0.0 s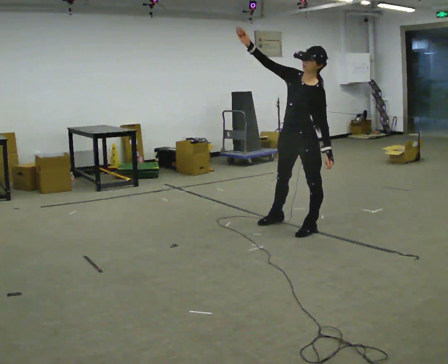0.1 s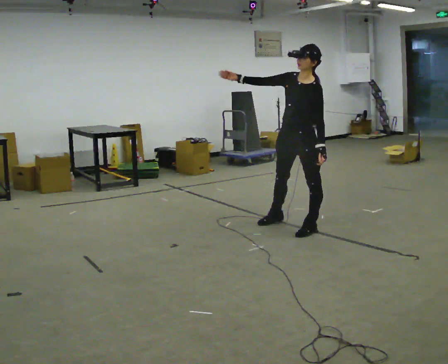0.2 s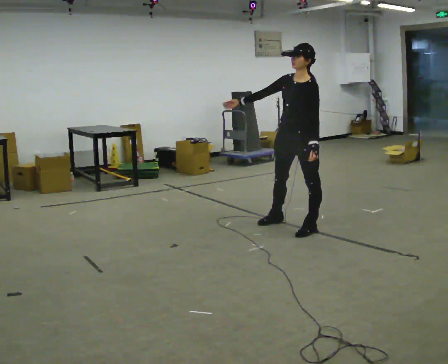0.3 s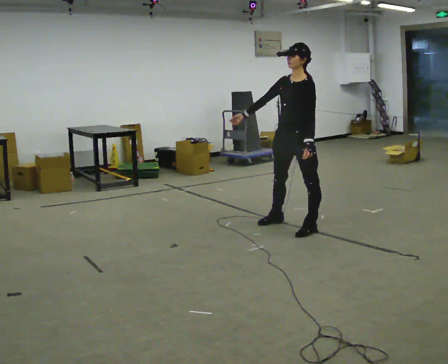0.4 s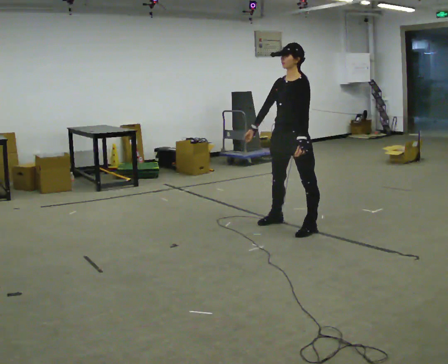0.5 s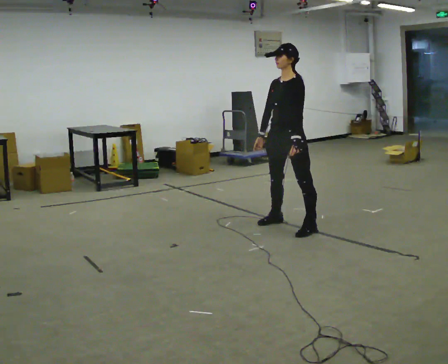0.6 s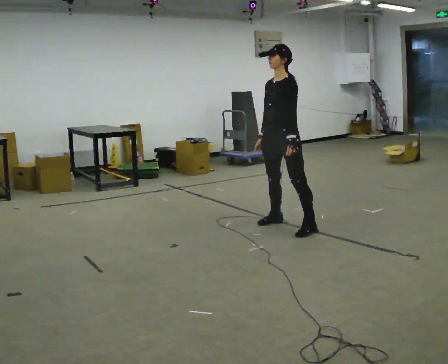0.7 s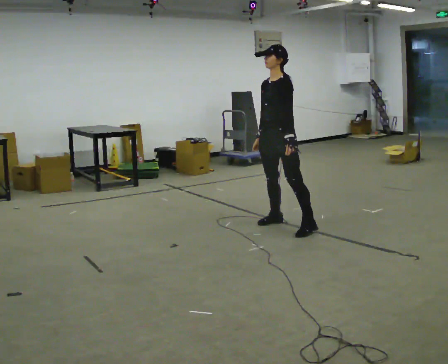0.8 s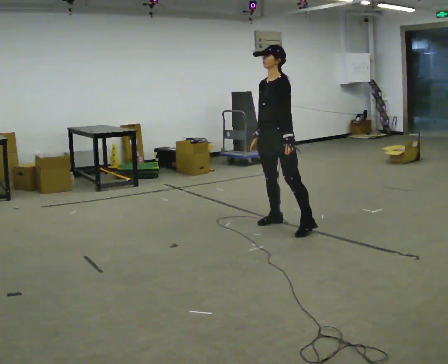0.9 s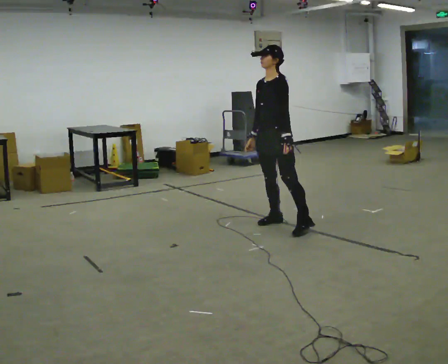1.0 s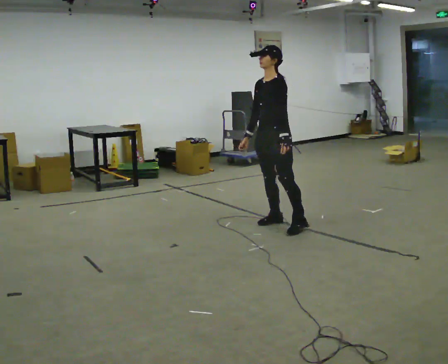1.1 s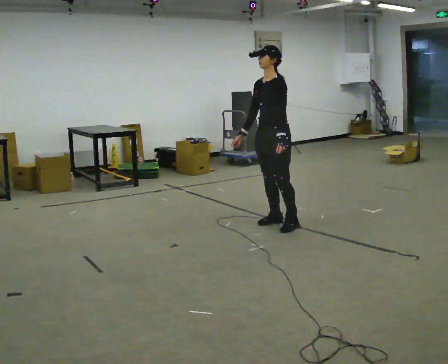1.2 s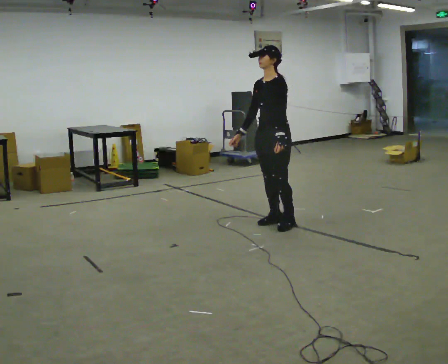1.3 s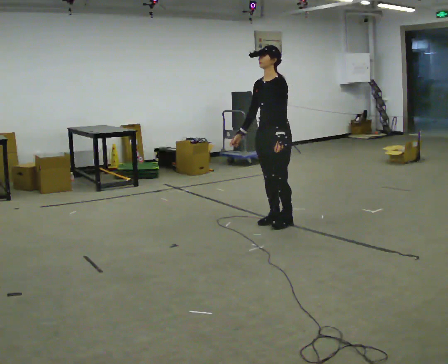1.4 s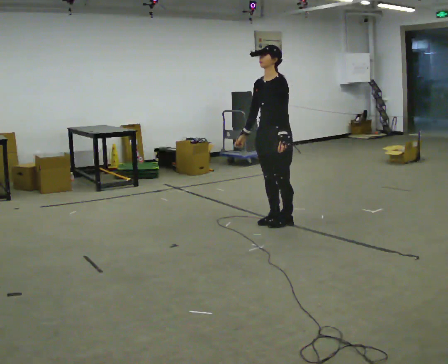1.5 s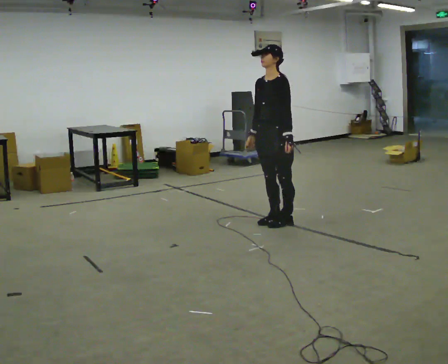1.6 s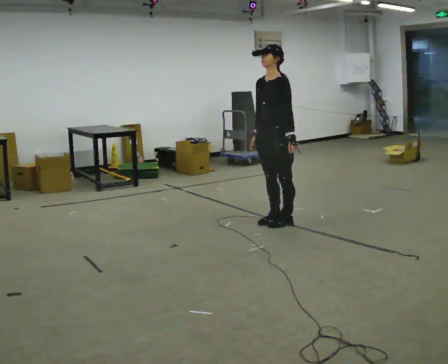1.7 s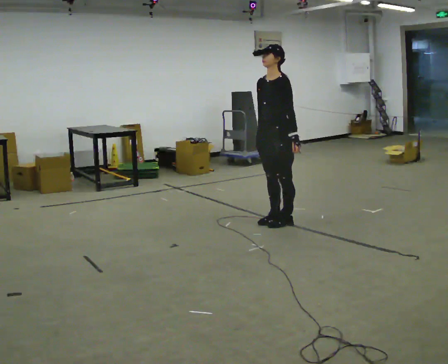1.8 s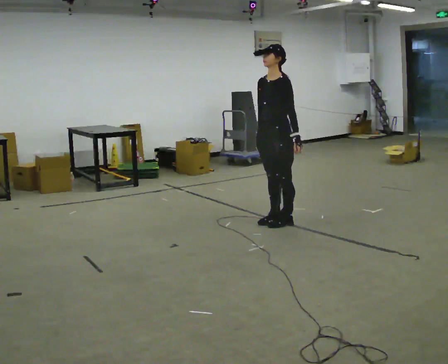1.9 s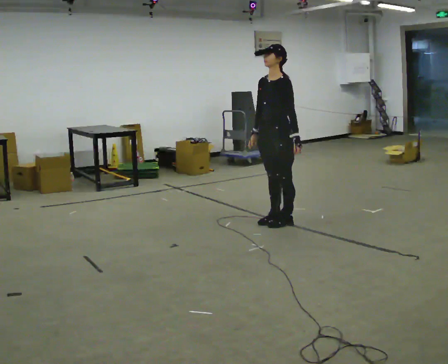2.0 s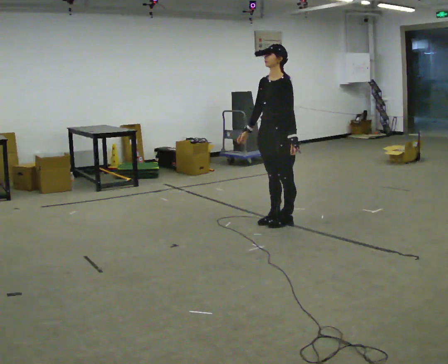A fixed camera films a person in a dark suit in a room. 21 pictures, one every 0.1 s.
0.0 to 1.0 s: In the picture they go to the left and away from the camera, about 0.25 m in 1 step, which for them is to their right. In the picture their right hand goes downward, the arm swinging counterclockwise.
1.0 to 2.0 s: The person moves a little, or ends about where they began.
The film runs backward here.
